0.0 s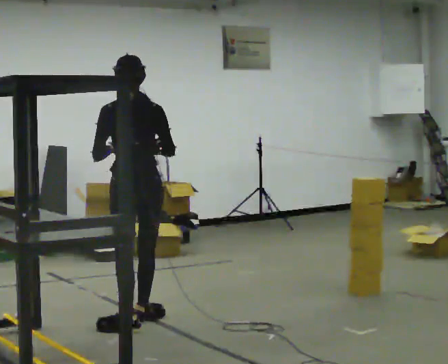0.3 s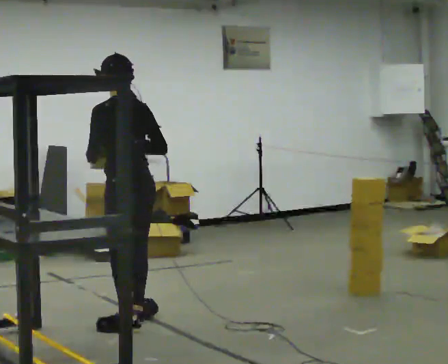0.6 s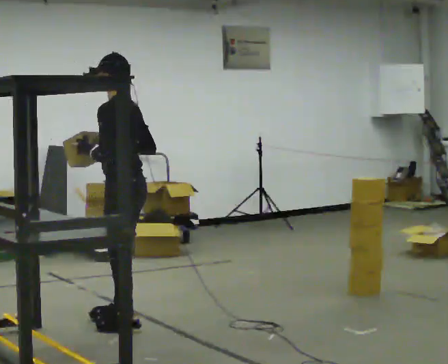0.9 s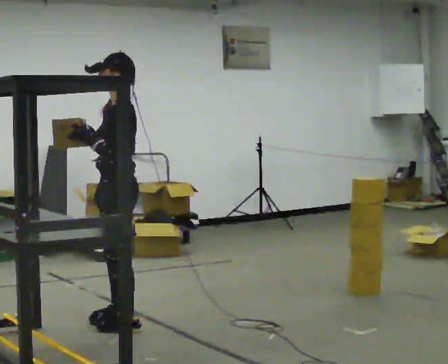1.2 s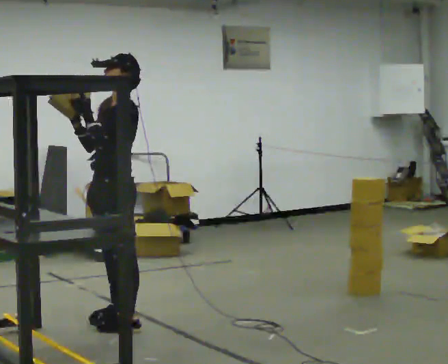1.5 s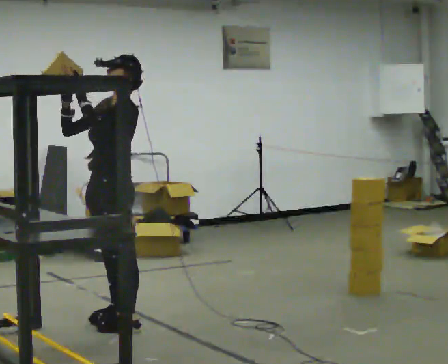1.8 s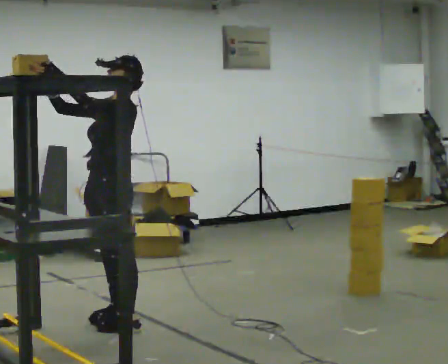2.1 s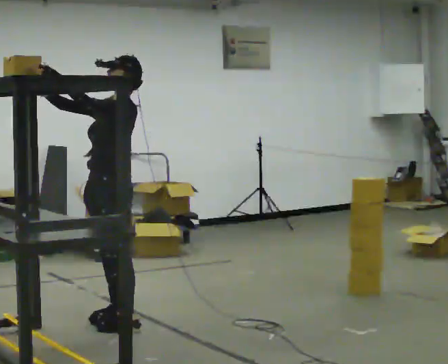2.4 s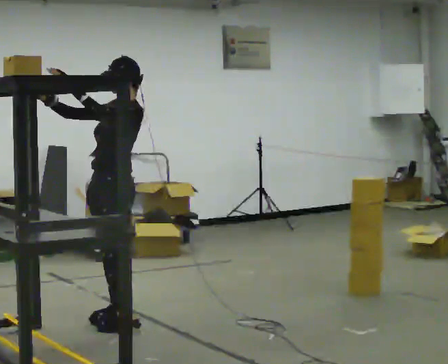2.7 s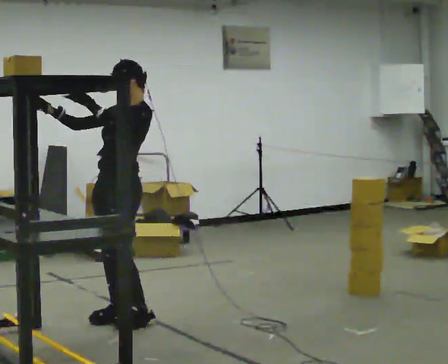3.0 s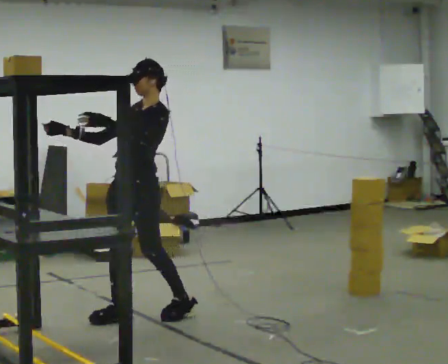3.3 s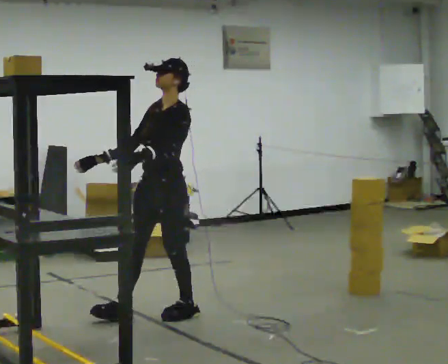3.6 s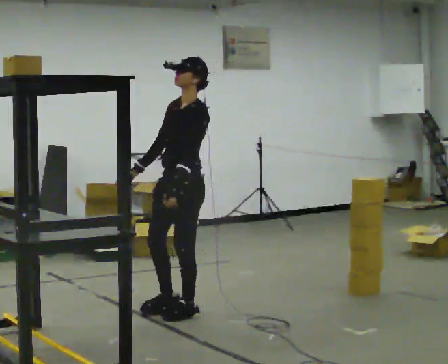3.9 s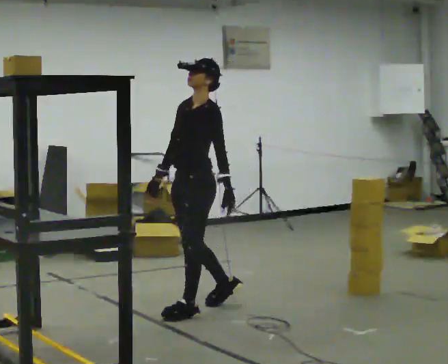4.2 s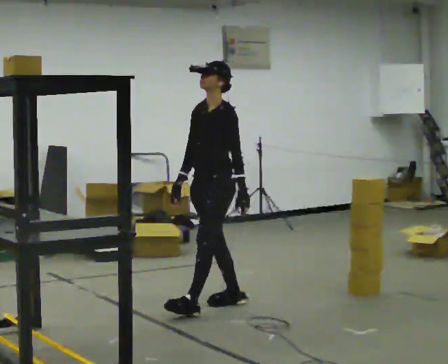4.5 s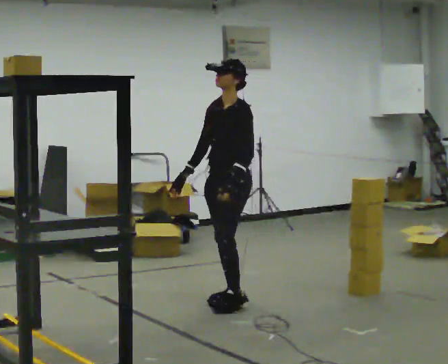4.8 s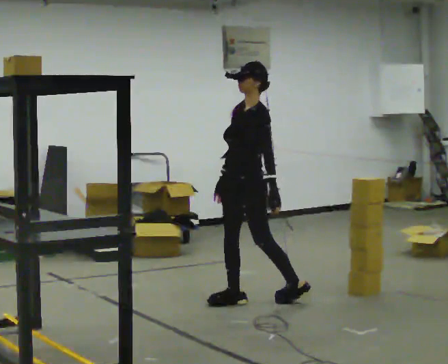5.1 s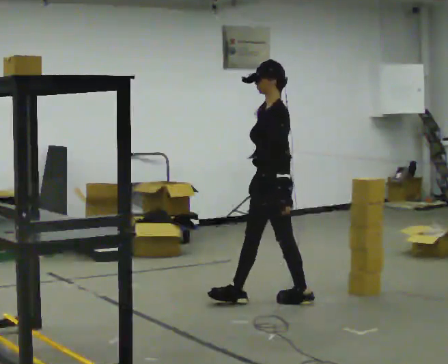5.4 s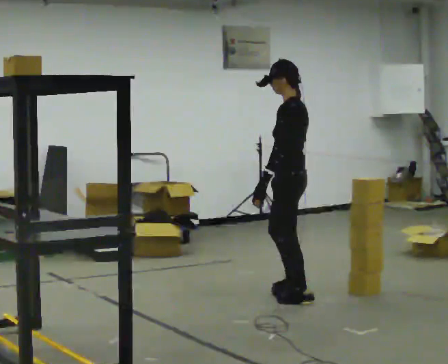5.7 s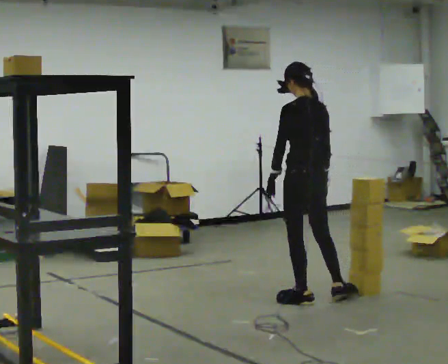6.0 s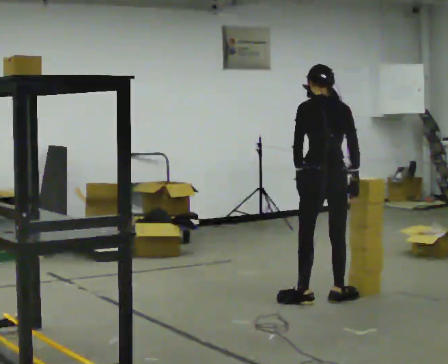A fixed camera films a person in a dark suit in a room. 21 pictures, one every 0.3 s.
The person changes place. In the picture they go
to the right.
The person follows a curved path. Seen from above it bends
clockwise.
0.0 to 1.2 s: The part of the body nearest the lens slides to the right as the person turns to their left by about 105 degrees. In the picture their right hand goes to the left.
1.2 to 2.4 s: The person moves a little, or ends about where they began.
2.4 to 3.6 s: In the picture they go to the right, about 0.5 m in 2 steps, which for them is backward. In the picture their left hand goes downward.
3.6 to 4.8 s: In the picture they go to the right and away from the camera, about 0.5 m in 1 step, which for them is backward.
4.8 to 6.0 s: The person turns about 105 degrees to their right, clockwise seen from above, so the part of the body nearest the lens slides to the left. In the picture they go to the right, about 0.5 m in 1 step.
The film runs backward here.
